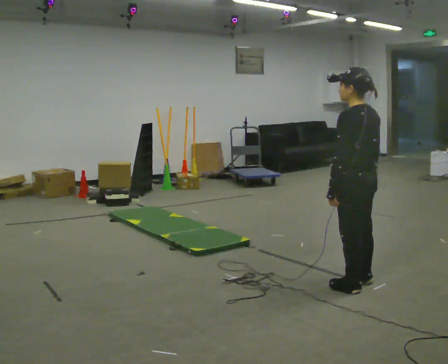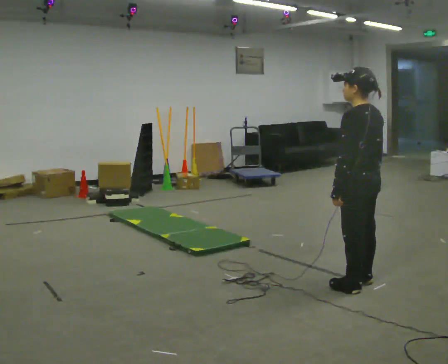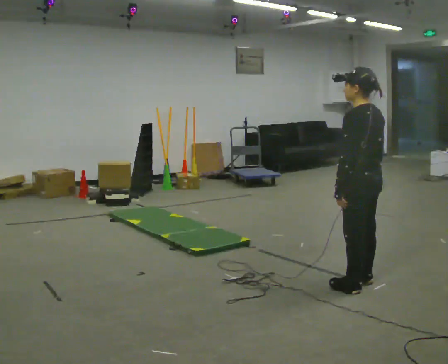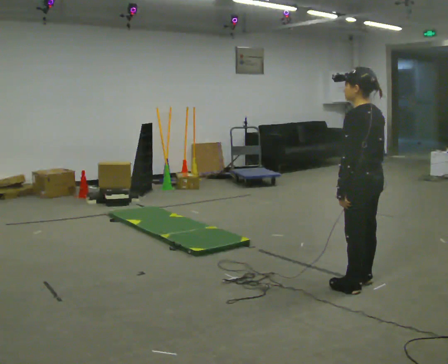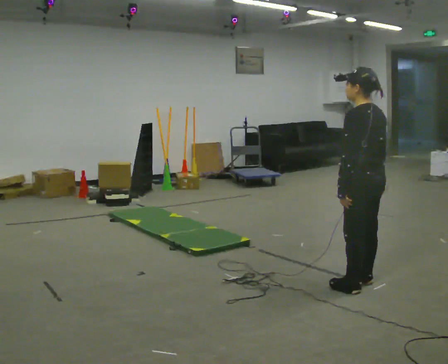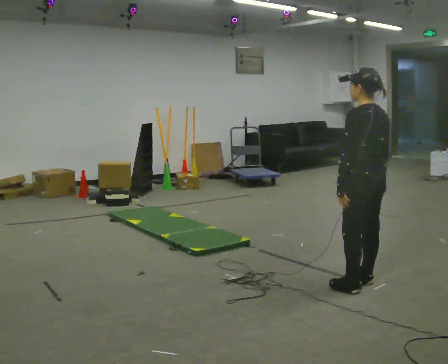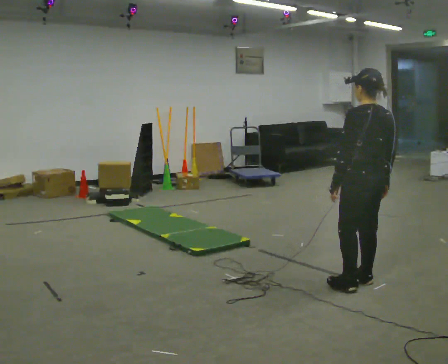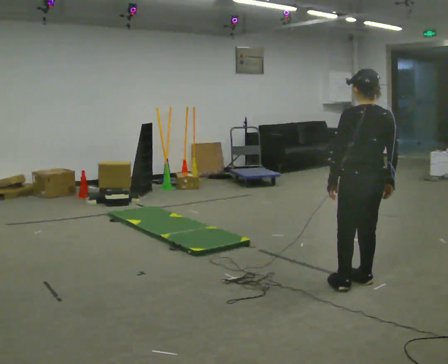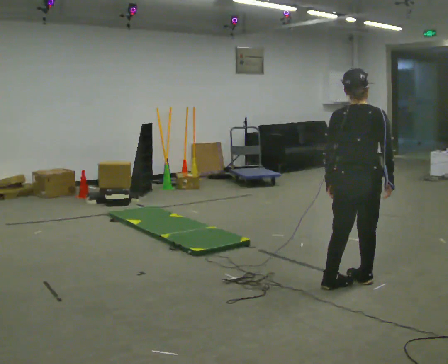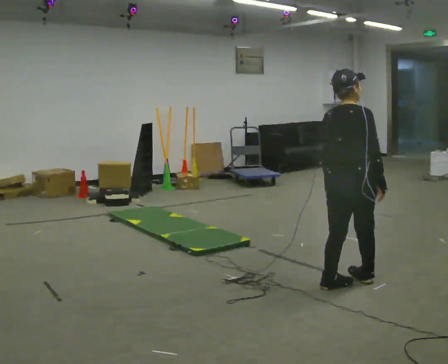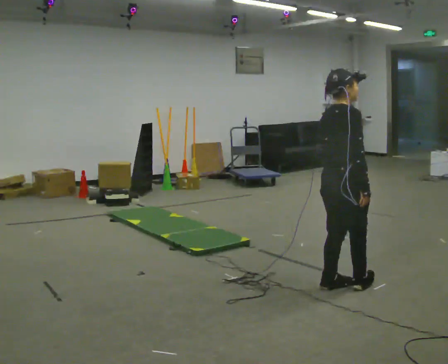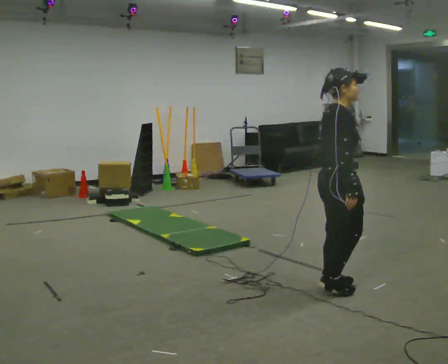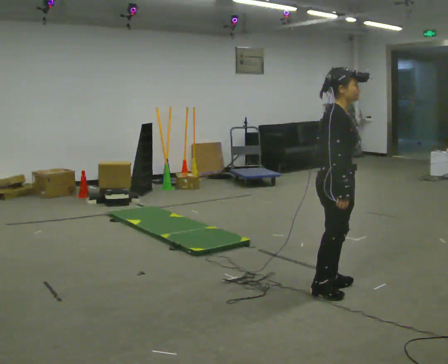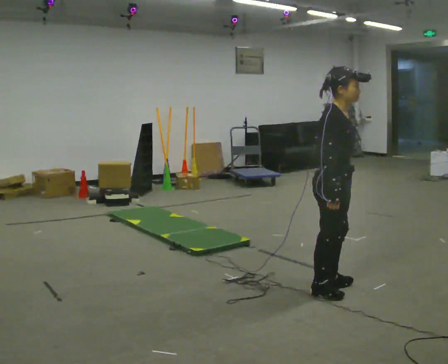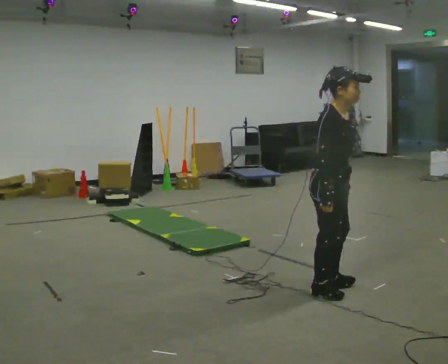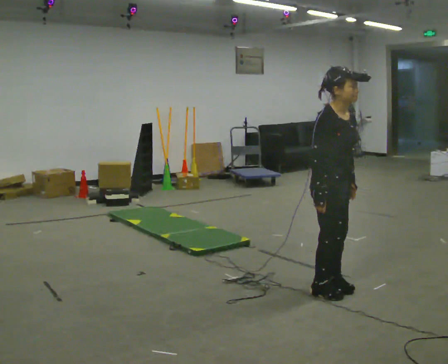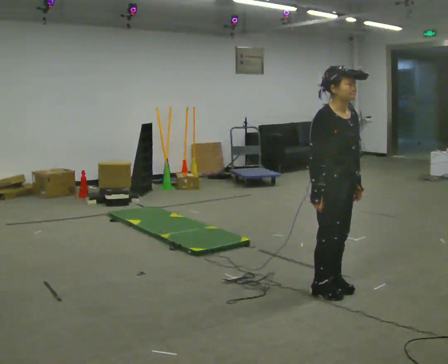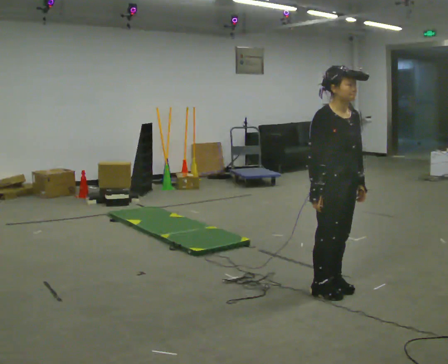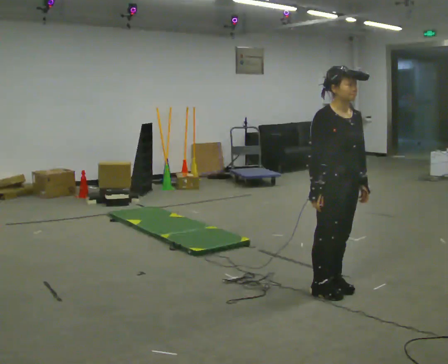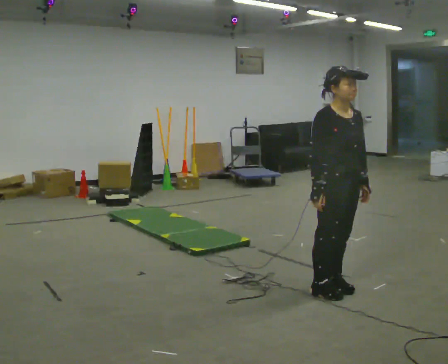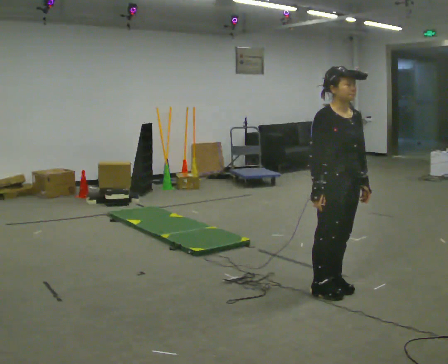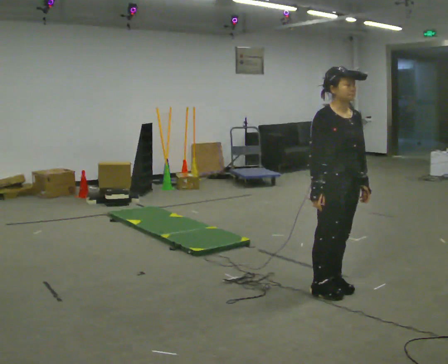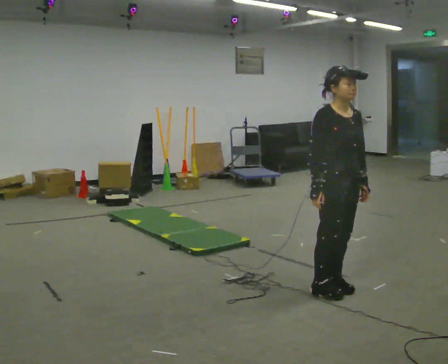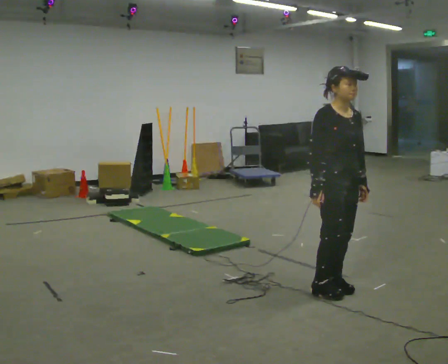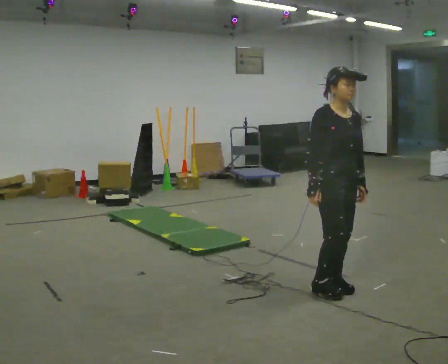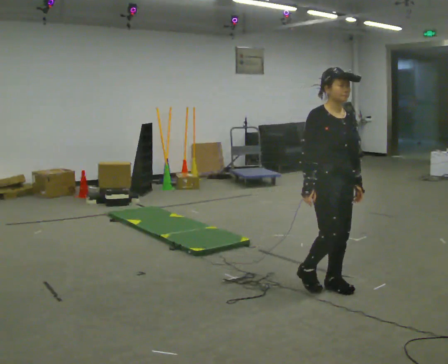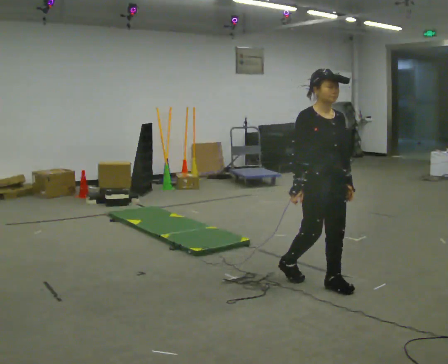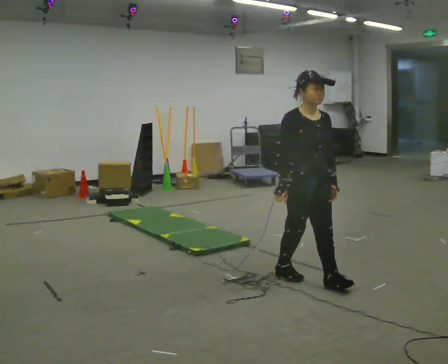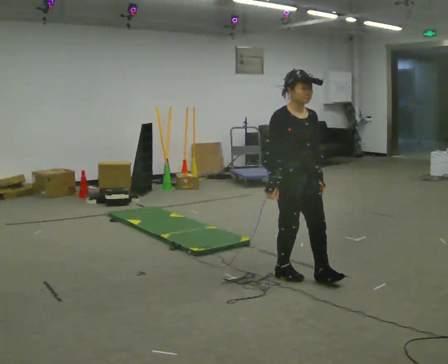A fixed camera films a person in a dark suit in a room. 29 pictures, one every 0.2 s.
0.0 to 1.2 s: The person moves a little, or ends about where they began.
1.2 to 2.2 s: The person turns about 120 degrees to their right, clockwise seen from above, so the part of the body nearest the lens slides to the left. In the picture they go to the left, about 0.25 m in 2 steps.
2.2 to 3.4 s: The part of the body nearest the lens slides to the left as the person turns to their right by about 60 degrees.
3.4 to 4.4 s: The person moves a little, or ends about where they began.
4.4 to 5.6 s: In the picture they go to the left and away from the camera, about 0.5 m in 2 steps, which for them is backward.
The film runs backward here.
